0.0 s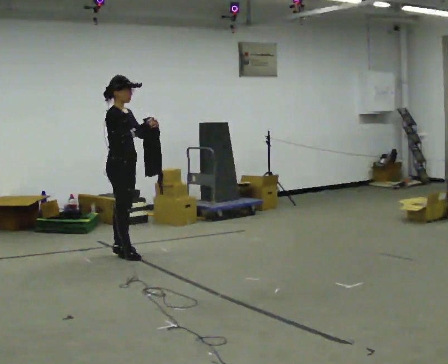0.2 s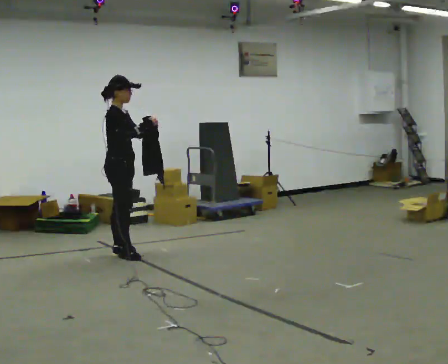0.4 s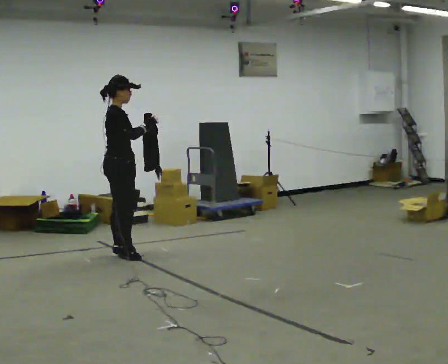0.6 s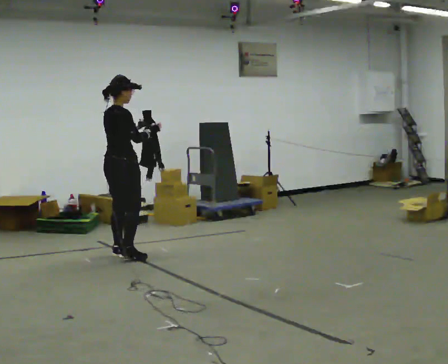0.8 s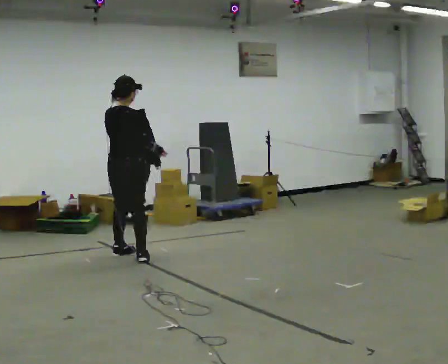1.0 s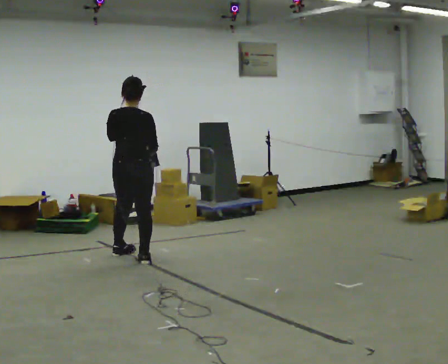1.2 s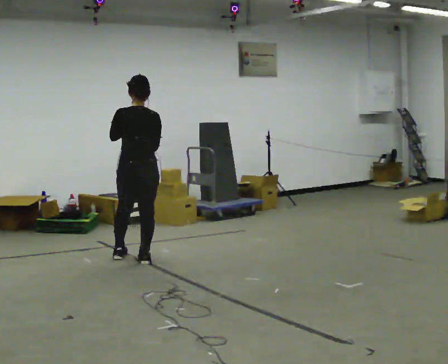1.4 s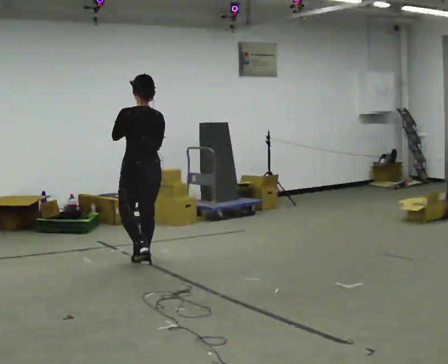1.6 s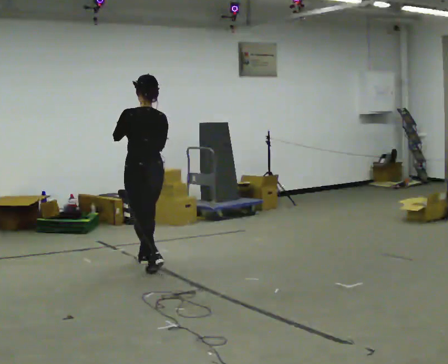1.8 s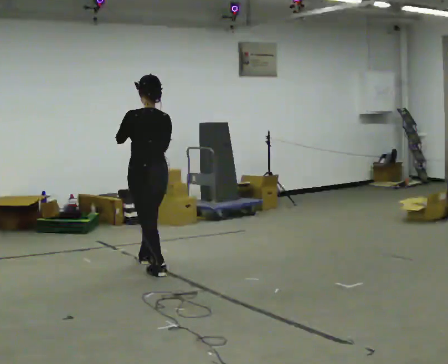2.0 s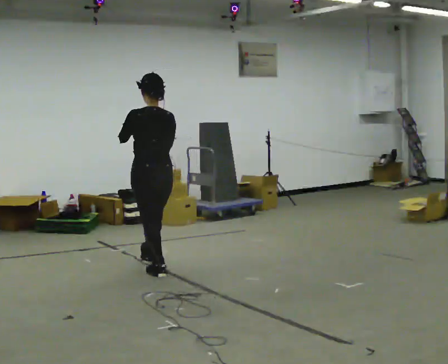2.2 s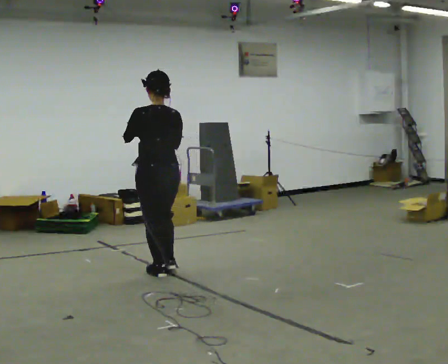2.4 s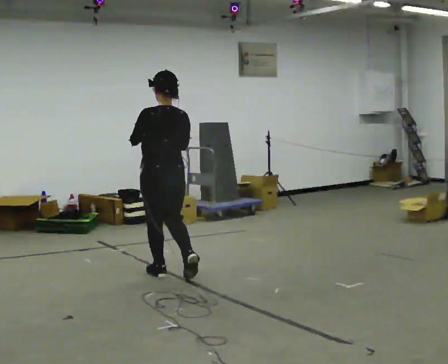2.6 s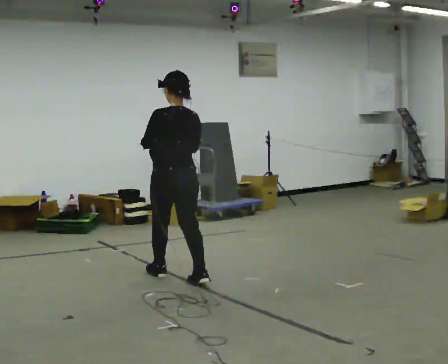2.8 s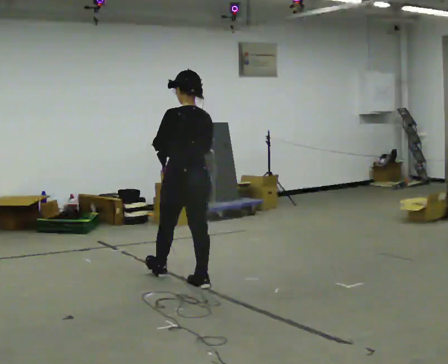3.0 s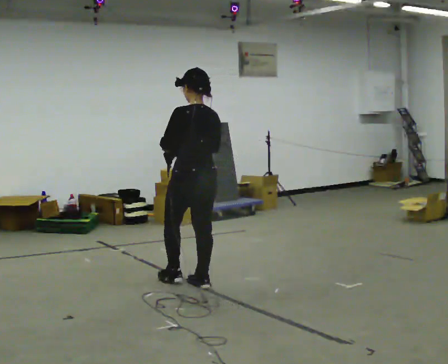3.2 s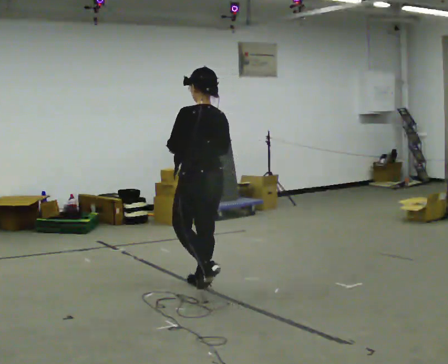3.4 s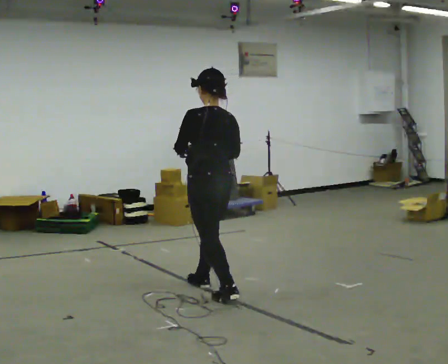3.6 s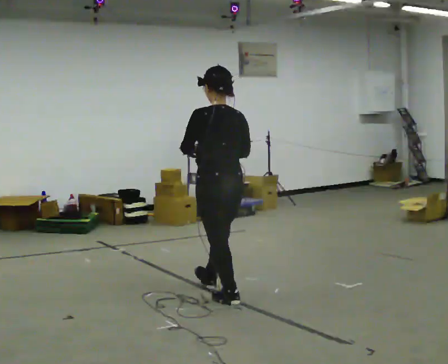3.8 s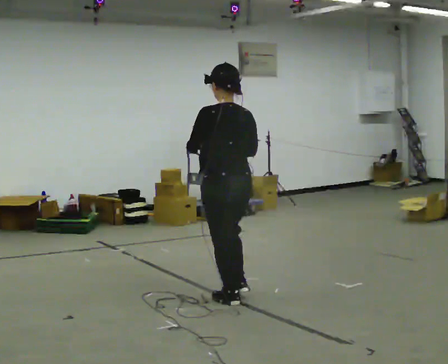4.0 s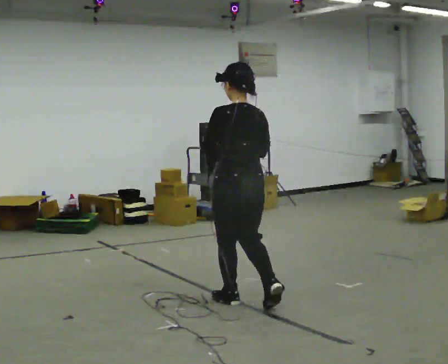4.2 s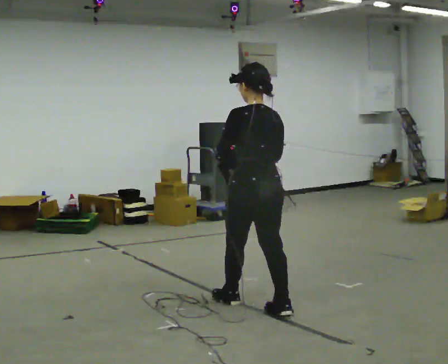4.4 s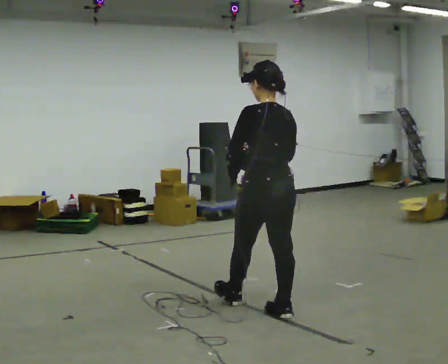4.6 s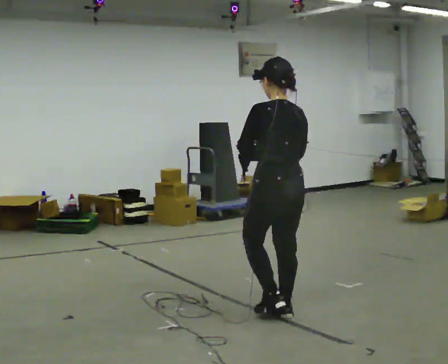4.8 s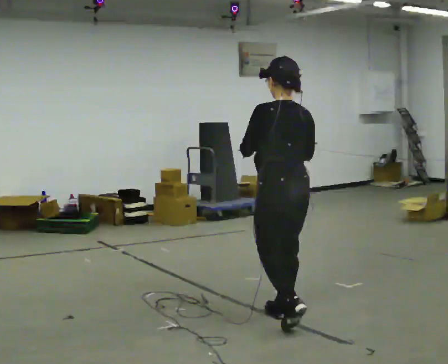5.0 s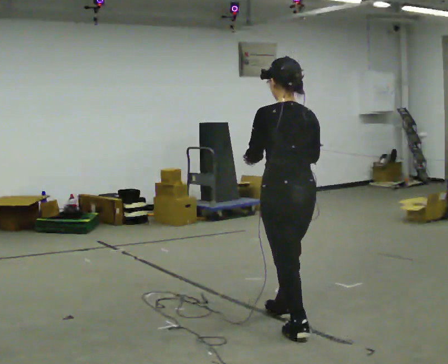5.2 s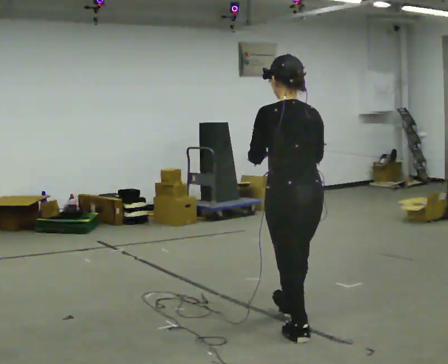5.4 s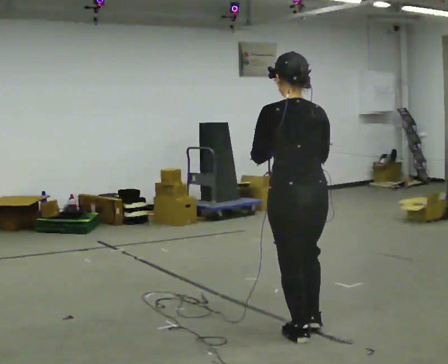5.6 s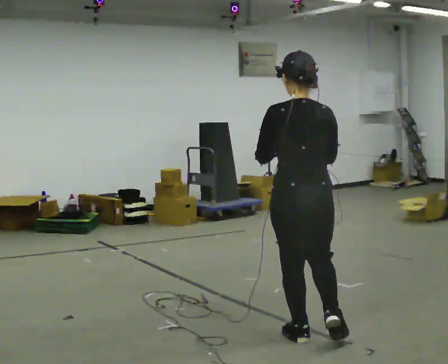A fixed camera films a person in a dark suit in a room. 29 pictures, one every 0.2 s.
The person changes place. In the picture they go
toward the camera.
0.0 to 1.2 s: Seen from above the body turns counterclockwise, about 120 degrees: to their left, with its near side sliding to the right. In the picture they go toward the camera and to the right, about 0.25 m in 2 steps.
1.2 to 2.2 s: In the picture they go toward the camera and to the right, about 0.5 m in 1 step, which for them is backward.
2.2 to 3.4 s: In the picture they go toward the camera and to the right, about 0.75 m in 1 step, which for them is backward.
3.4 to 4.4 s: In the picture they go toward the camera and to the right, about 0.5 m in 2 steps, which for them is backward.
4.4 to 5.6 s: In the picture they go toward the camera, about 0.5 m in 1 step, which for them is backward.
The film runs backward here.
